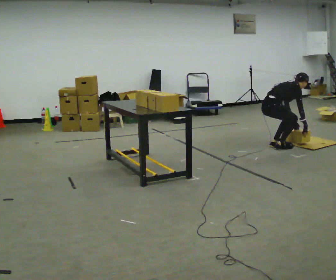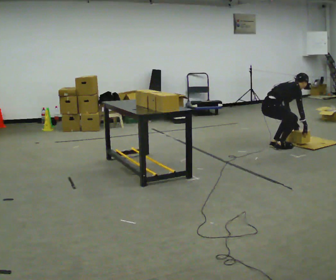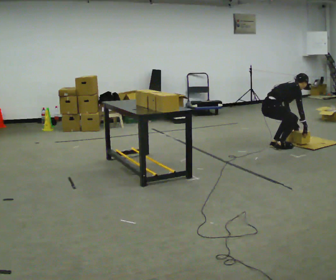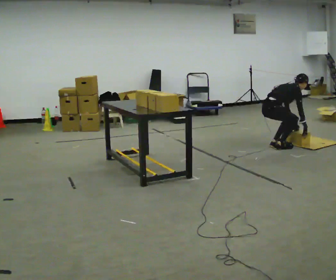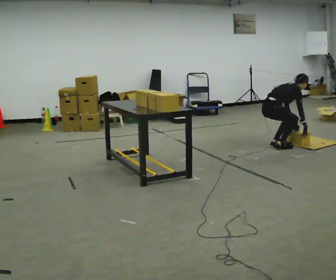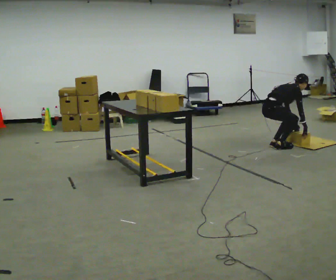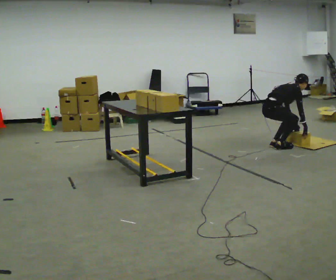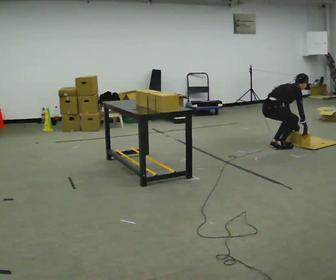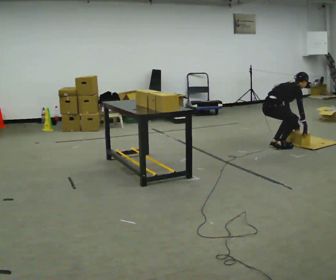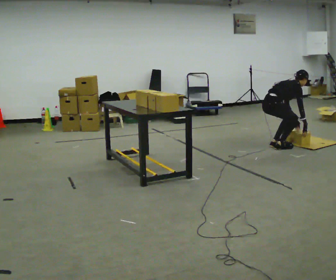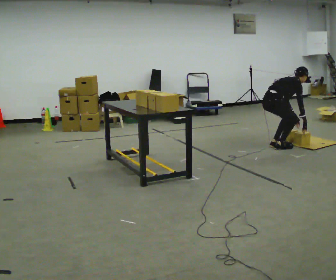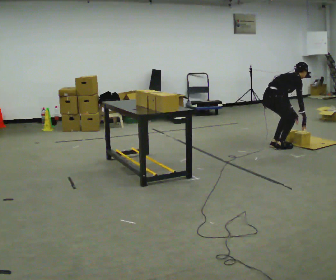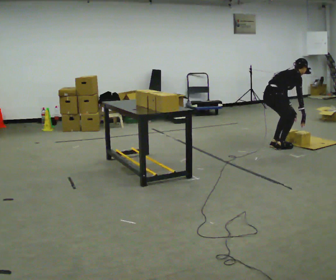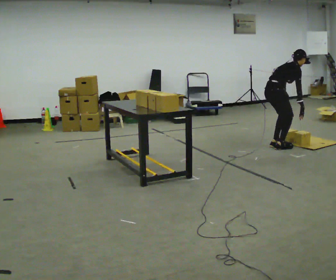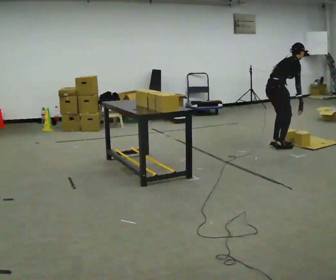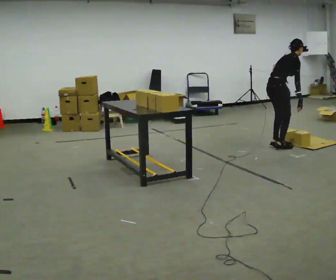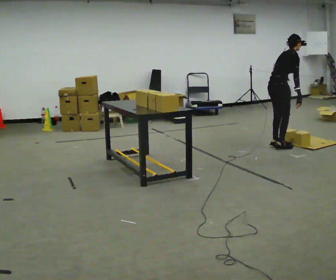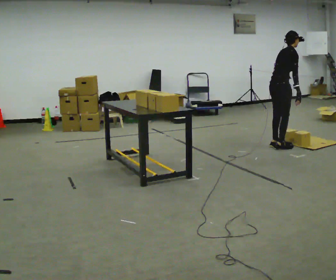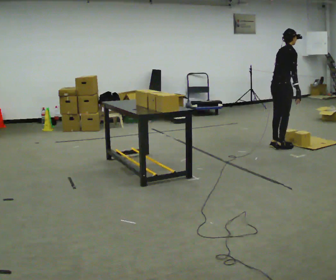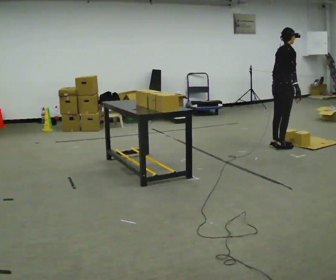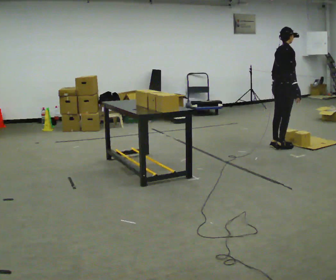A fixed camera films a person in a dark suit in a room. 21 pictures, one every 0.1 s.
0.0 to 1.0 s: The person moves a little, or ends about where they began.
1.0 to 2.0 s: The upper body goes upward. In the picture the upper body tilts counterclockwise, shoulders to the left, as they lean back or straighten. In the picture their left hand goes upward.
The film runs forward here.
